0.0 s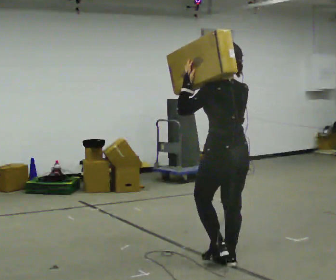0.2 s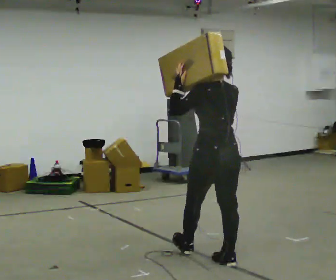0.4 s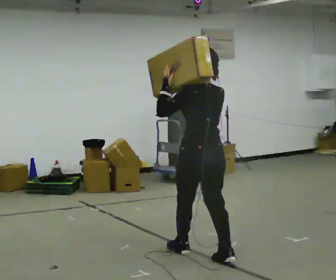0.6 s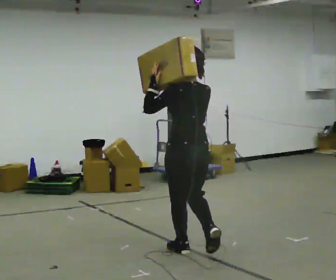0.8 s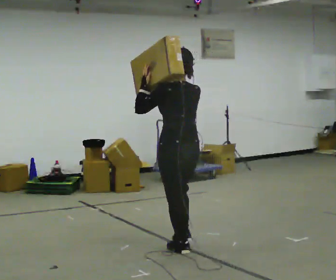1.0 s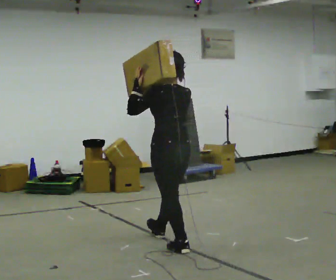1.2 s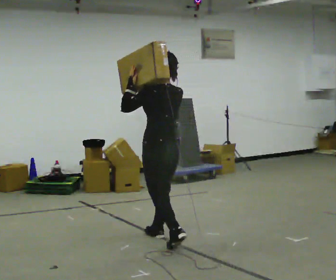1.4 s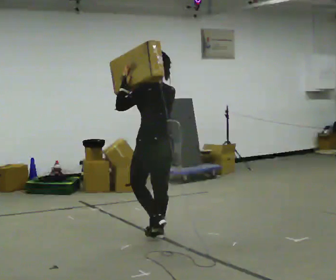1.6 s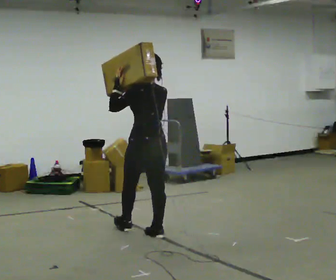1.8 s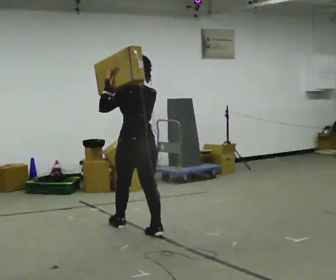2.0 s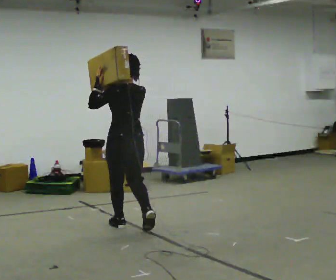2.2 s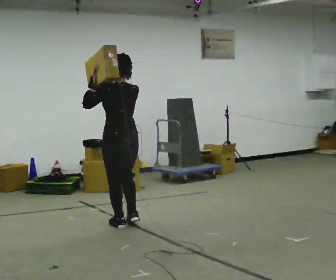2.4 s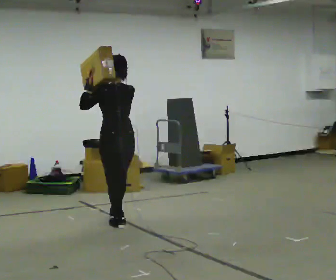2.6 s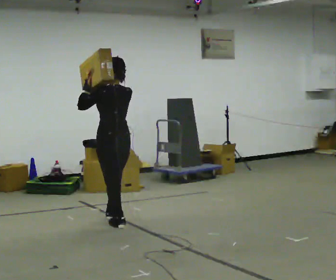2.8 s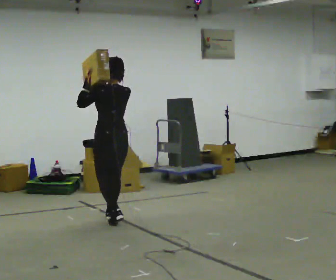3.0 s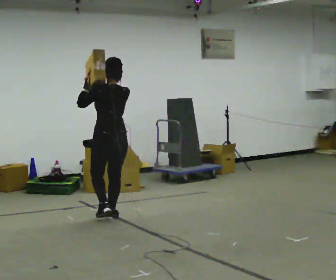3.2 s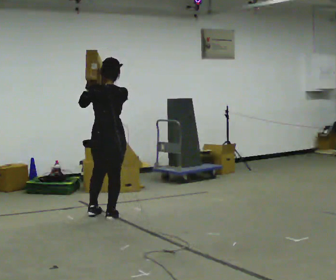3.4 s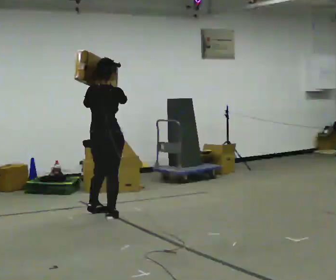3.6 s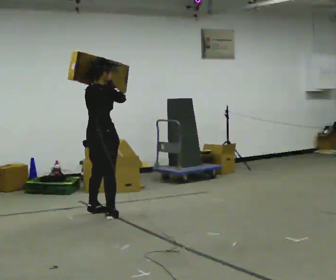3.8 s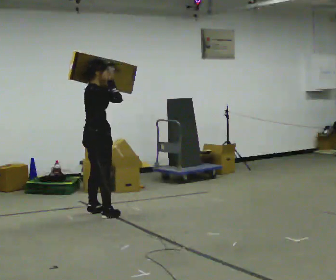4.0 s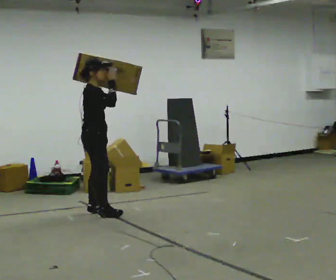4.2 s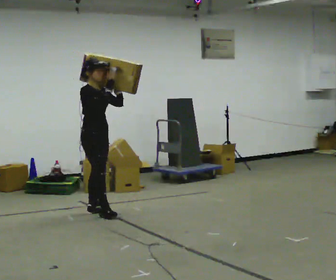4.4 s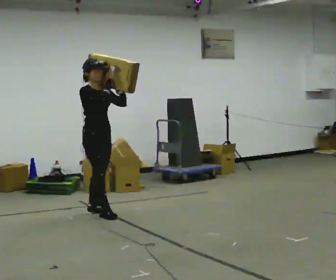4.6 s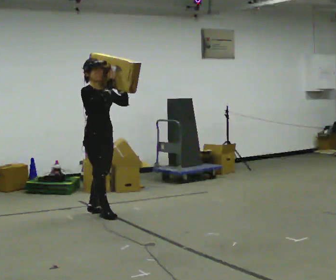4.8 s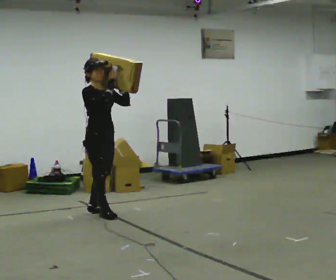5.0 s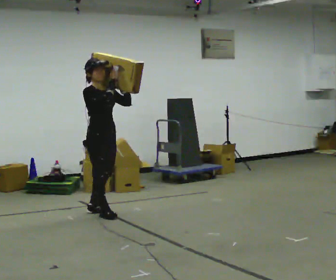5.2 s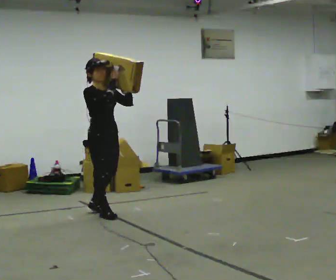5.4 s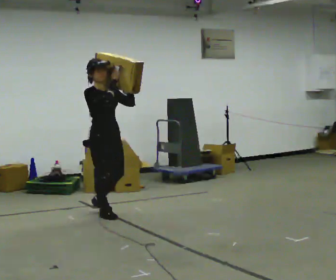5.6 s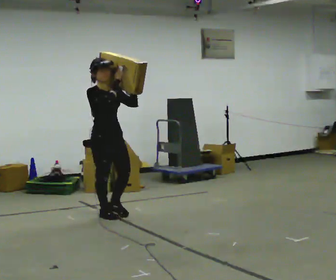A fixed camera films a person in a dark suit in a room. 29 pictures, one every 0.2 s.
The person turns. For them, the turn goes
to their right.
The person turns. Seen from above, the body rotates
clockwise.
0.0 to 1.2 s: In the picture they go away from the camera and to the left, about 1 m in 2 steps, which for them is forward.
1.2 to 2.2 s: In the picture they go away from the camera and to the left, about 0.75 m in 1 step, which for them is forward.
2.2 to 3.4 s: The person turns about 60 degrees to their right, clockwise seen from above, so the part of the body nearest the lens slides to the left. In the picture they go away from the camera and to the left, about 0.5 m in 2 steps, which for them is forward.
3.4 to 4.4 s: The person turns about 90 degrees to their right, clockwise seen from above, so the part of the body nearest the lens slides to the left.
4.4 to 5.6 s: In the picture they go toward the camera, about 0.25 m, which for them is forward.
The film runs forward here.
